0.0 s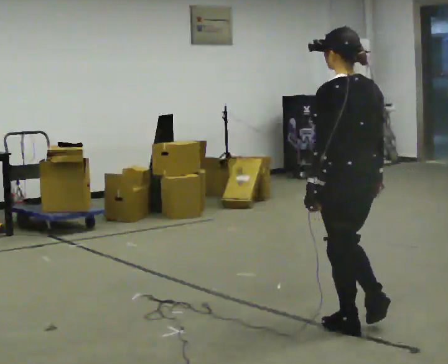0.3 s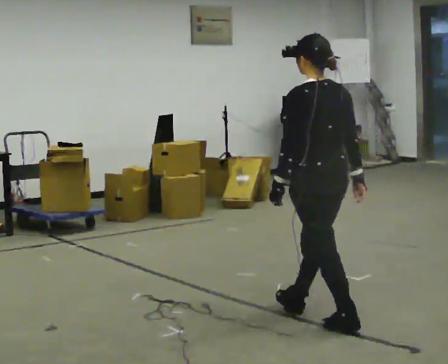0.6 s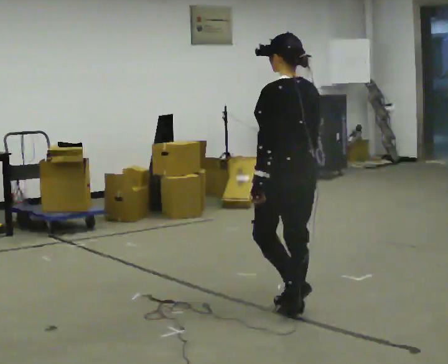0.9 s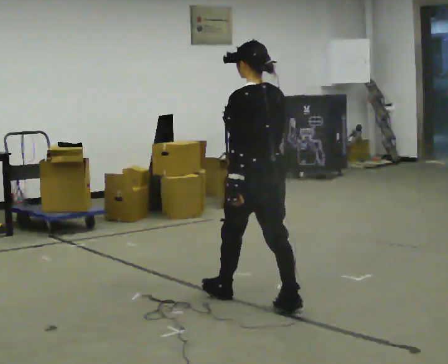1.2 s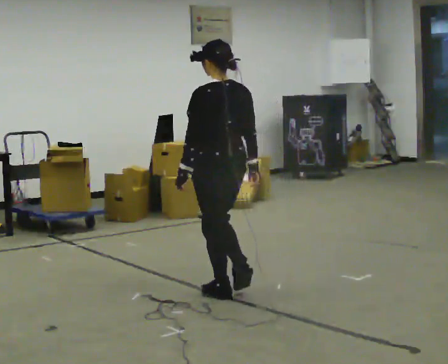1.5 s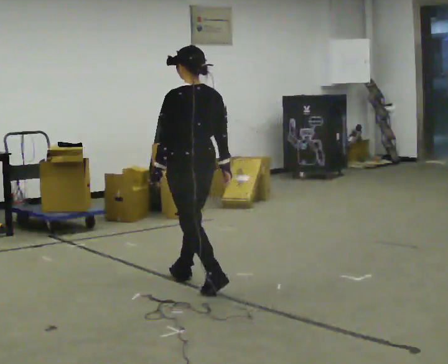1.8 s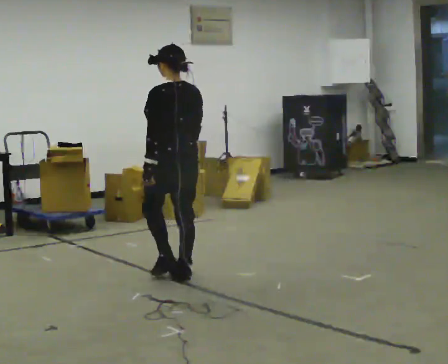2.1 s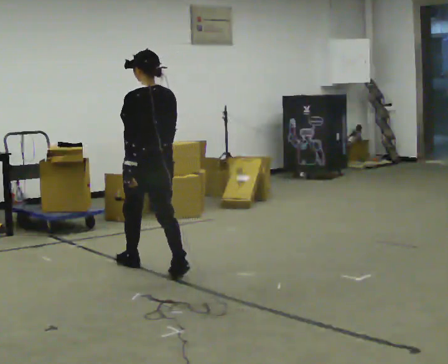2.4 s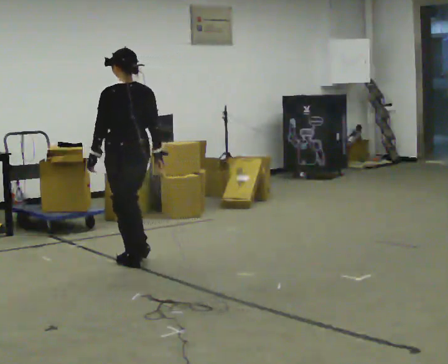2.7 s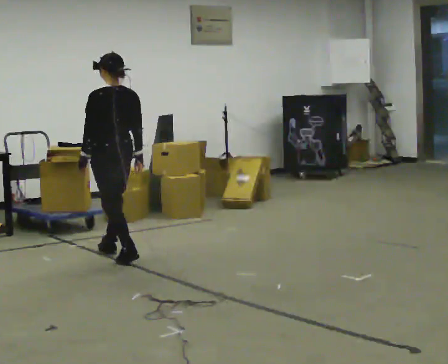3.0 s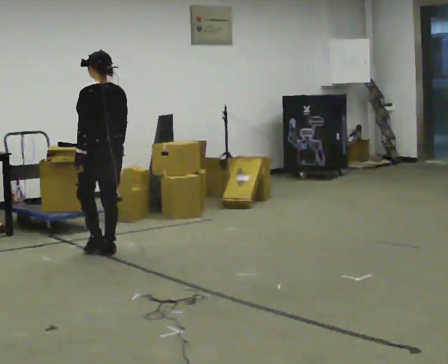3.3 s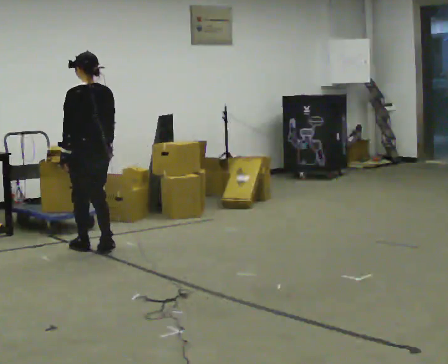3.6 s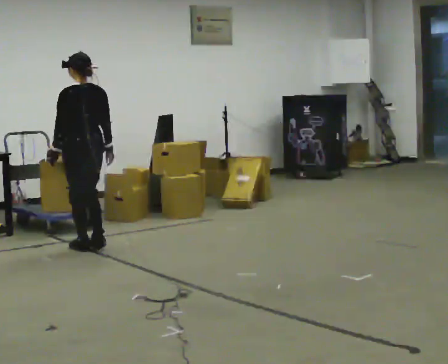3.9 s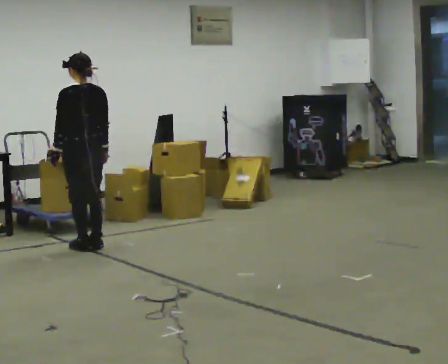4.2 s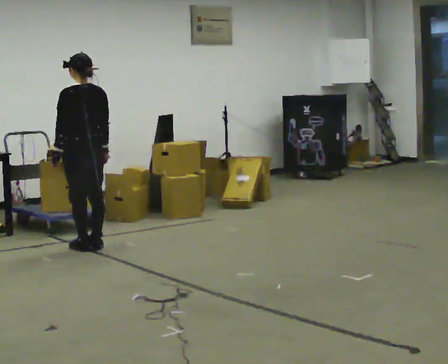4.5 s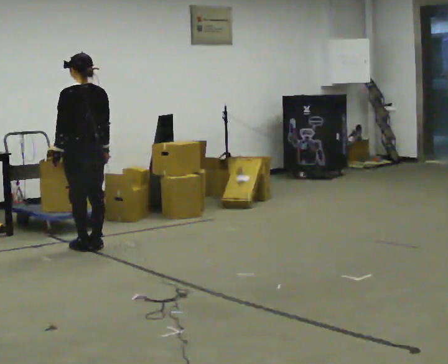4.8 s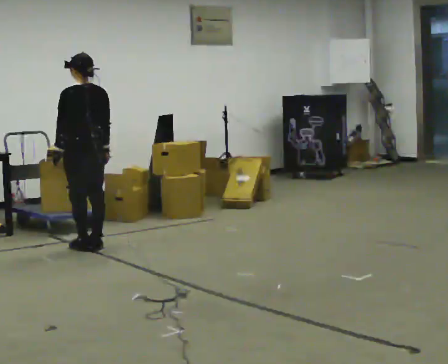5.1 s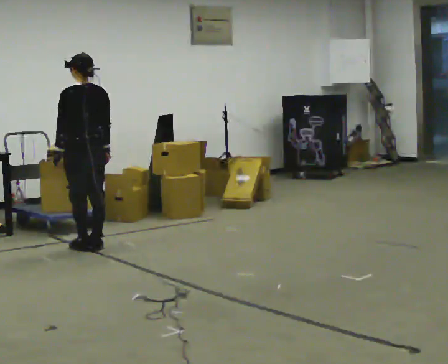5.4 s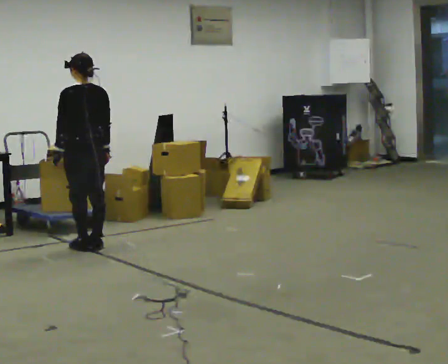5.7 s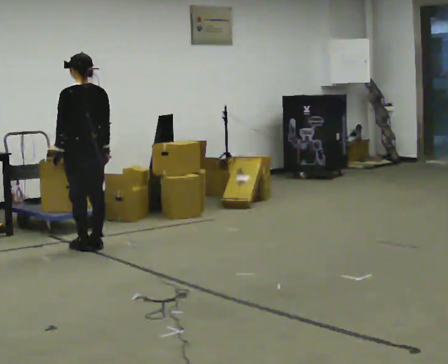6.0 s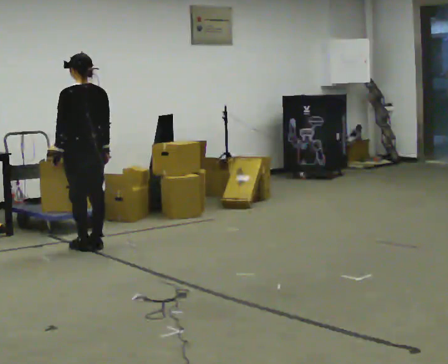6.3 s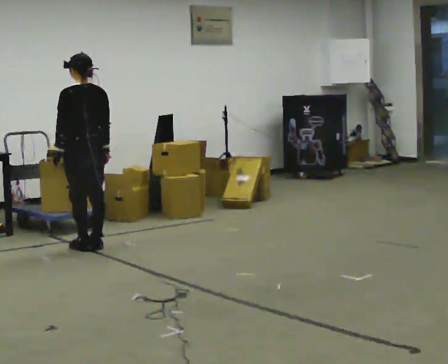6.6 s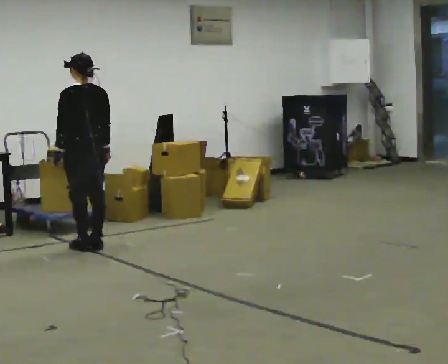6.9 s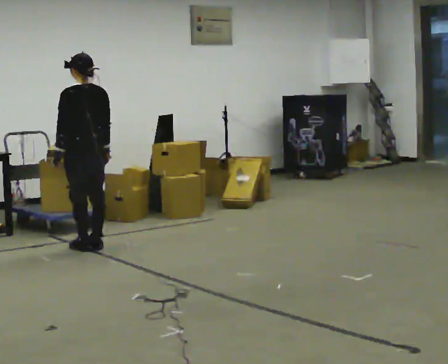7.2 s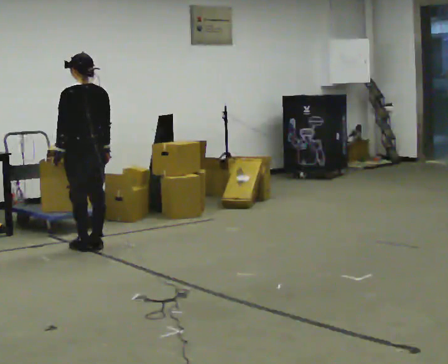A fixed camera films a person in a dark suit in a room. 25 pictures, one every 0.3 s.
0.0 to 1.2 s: In the picture they go away from the camera and to the left, about 1 m in 2 steps, which for them is forward.
1.2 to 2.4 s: In the picture they go away from the camera and to the left, about 1 m in 2 steps, which for them is forward.
2.4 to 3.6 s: In the picture they go away from the camera and to the left, about 0.5 m in 2 steps, which for them is forward.
3.6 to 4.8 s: The person moves a little, or ends about where they began.
4.8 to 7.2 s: The person keeps their place and pose.
The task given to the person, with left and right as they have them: Stand still 2 s; begin walking naturally; walk forward; stop.
The film runs forward here.
